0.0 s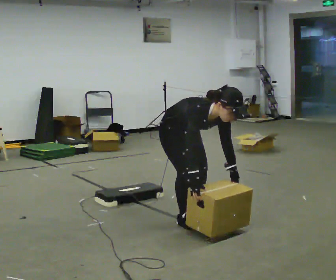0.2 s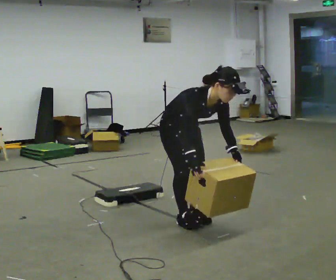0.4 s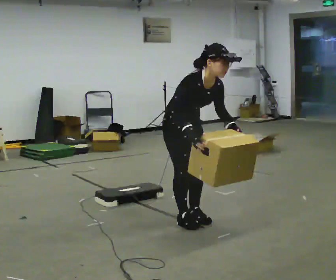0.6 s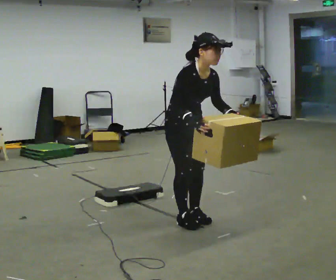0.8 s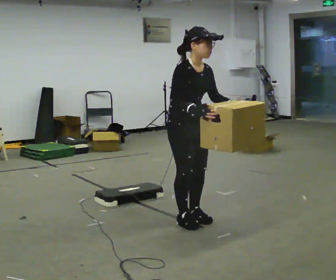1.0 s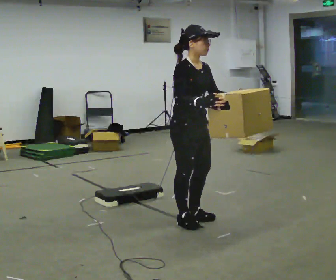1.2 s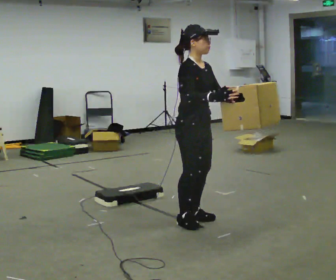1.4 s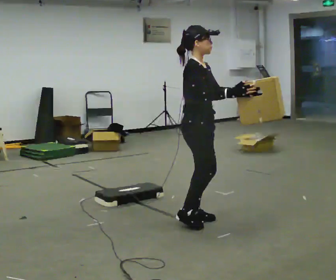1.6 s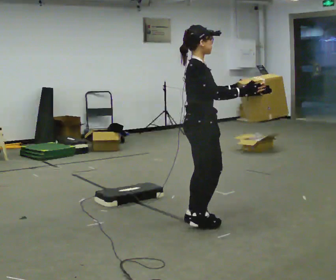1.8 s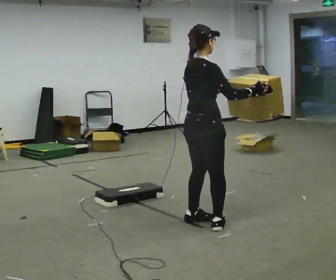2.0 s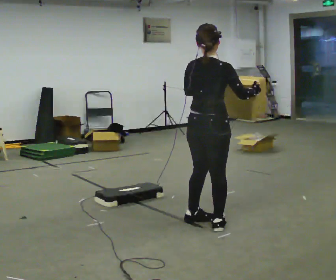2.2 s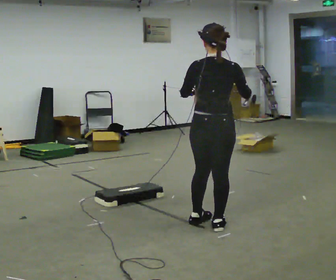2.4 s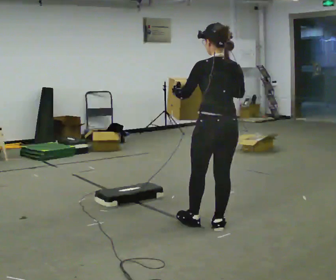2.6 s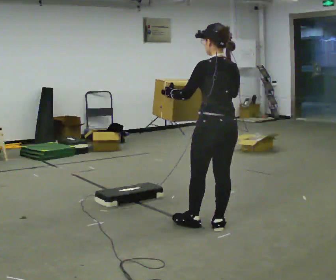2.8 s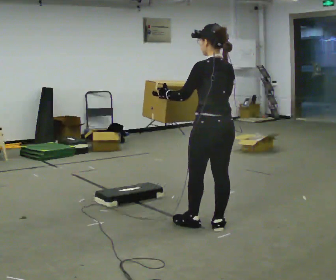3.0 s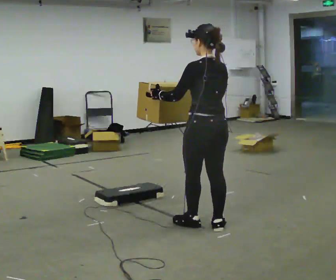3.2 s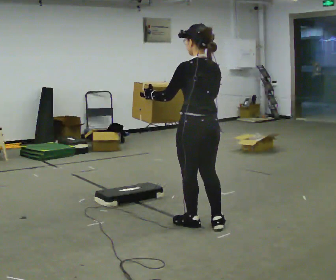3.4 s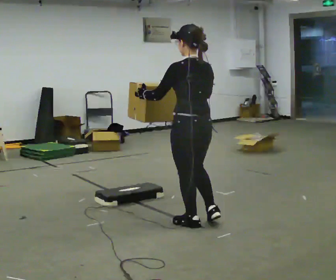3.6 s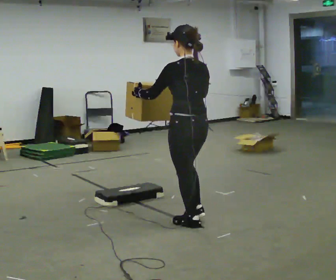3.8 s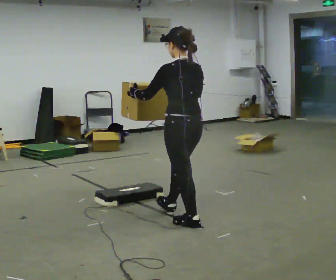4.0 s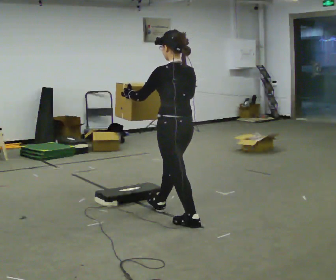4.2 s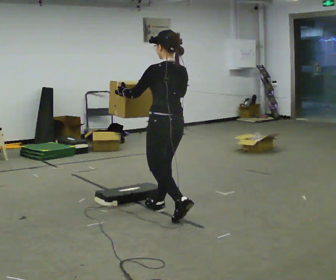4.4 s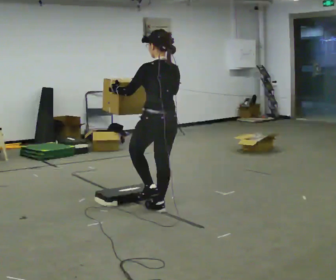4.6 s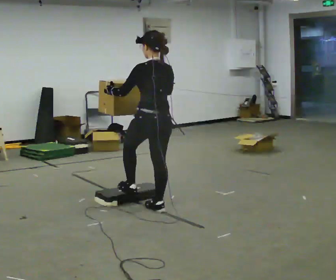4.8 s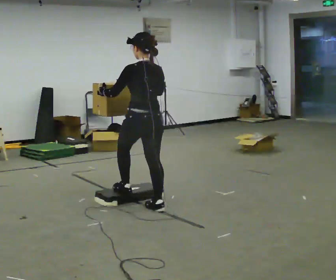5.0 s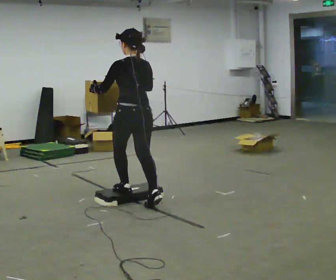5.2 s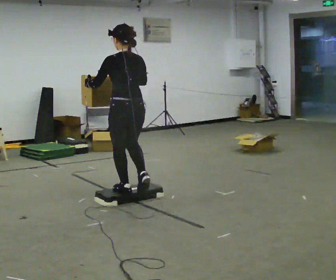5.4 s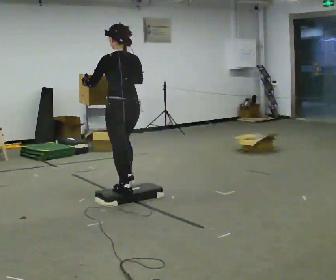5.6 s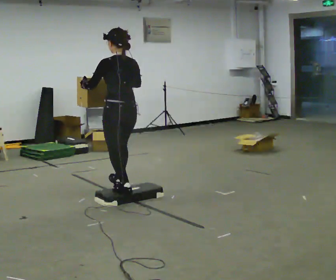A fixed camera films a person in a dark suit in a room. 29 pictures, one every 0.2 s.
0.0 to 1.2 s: The upper body goes upward. In the picture the upper body tilts counterclockwise, shoulders to the left, as they lean back or straighten. In the picture their right hand goes upward.
1.2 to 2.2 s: Seen from above the body turns counterclockwise, about 105 degrees: to their left, with its near side sliding to the right. In the picture they go to the right, about 0.25 m in 1 step.
2.2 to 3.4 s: The person turns about 45 degrees to their left, counterclockwise seen from above, so the part of the body nearest the lens slides to the right. In the picture they go to the left, about 0.25 m, which for them is forward. In the picture their right hand goes to the left.
3.4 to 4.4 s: In the picture they go away from the camera and to the left, about 0.5 m in 1 step, which for them is forward.
4.4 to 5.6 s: In the picture they go to the left and away from the camera, about 0.5 m in 1 step, which for them is forward.
The film runs forward here.
